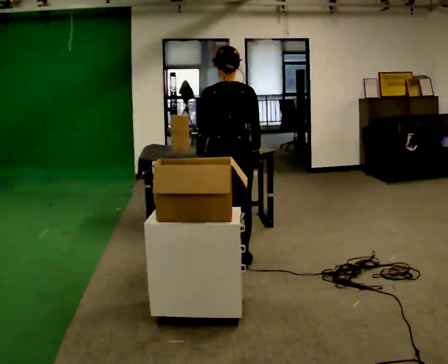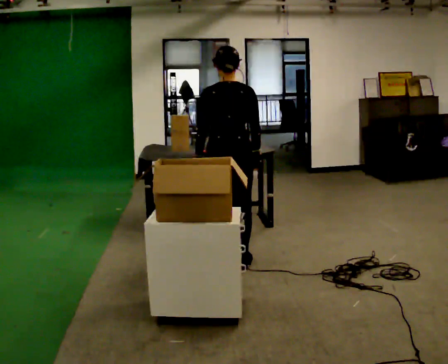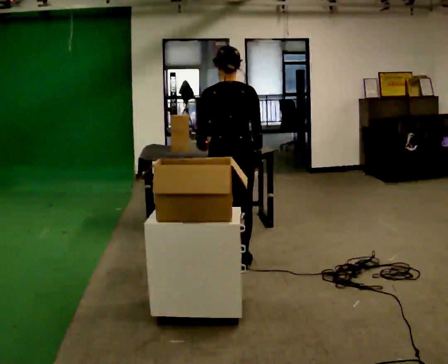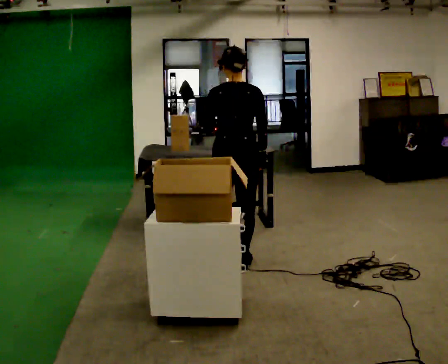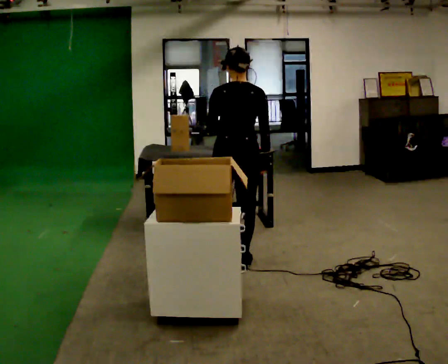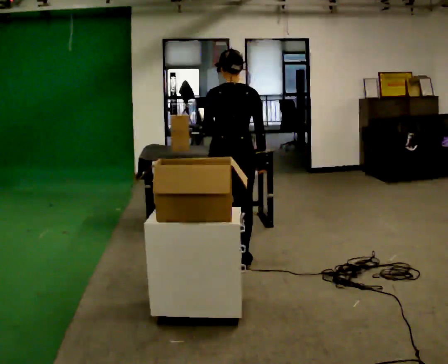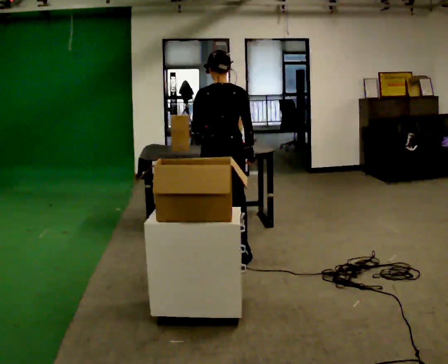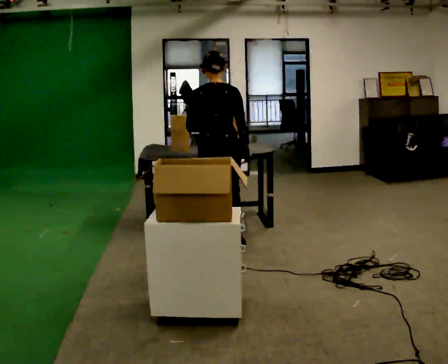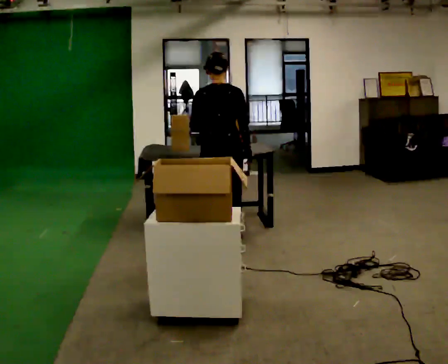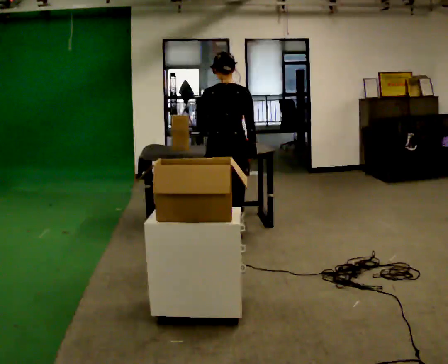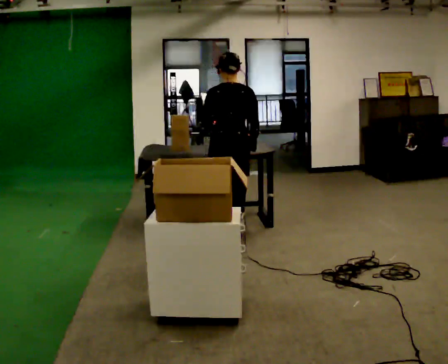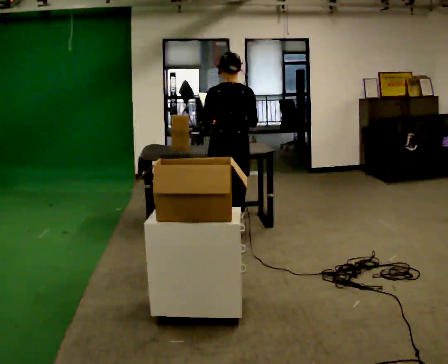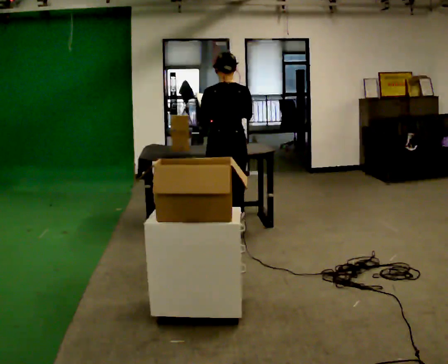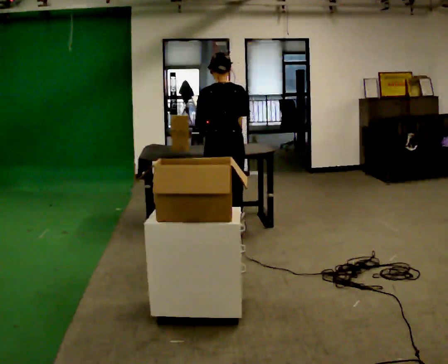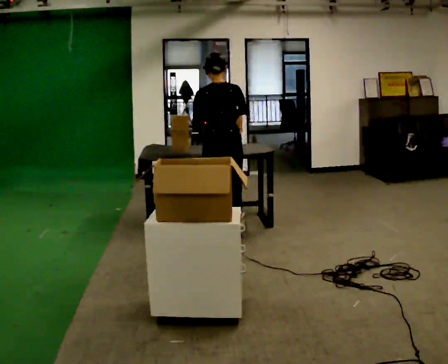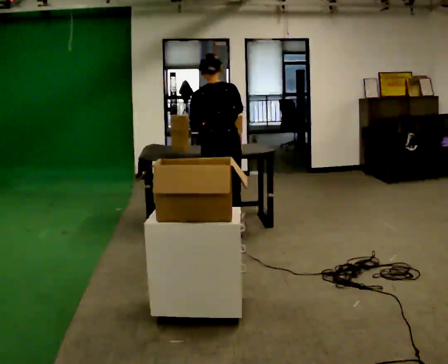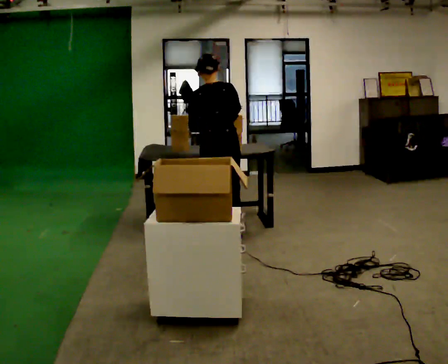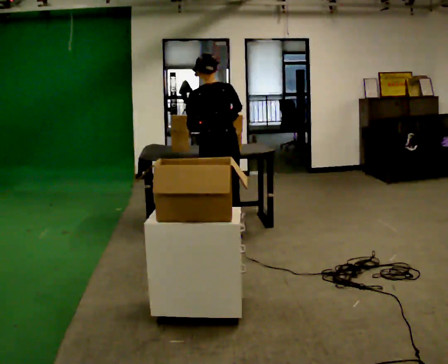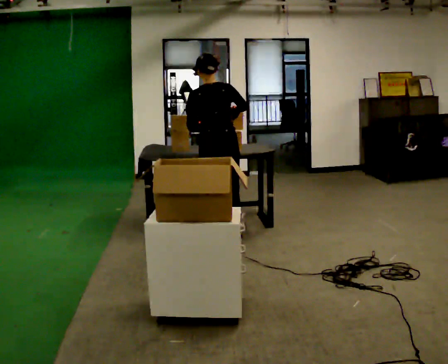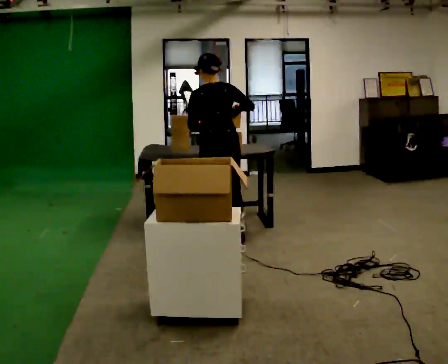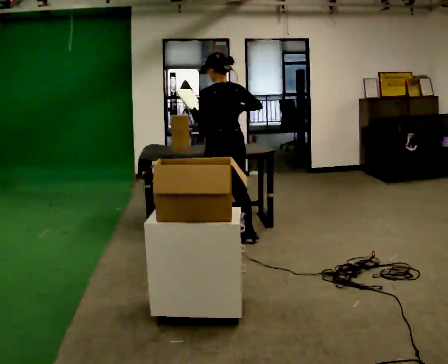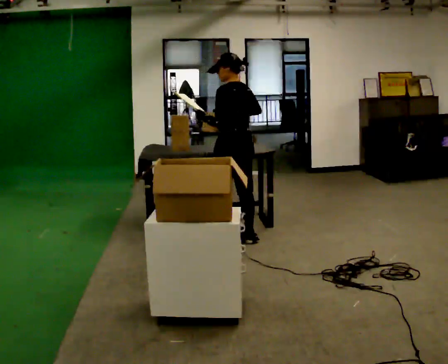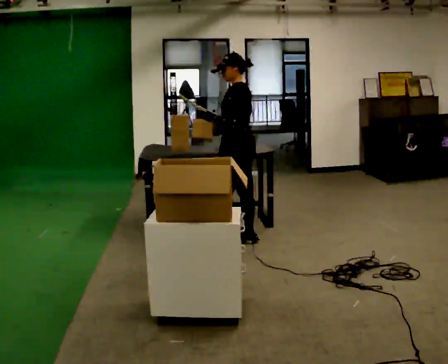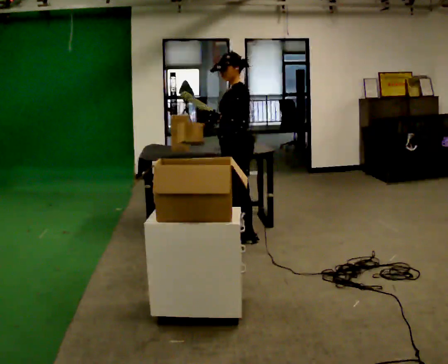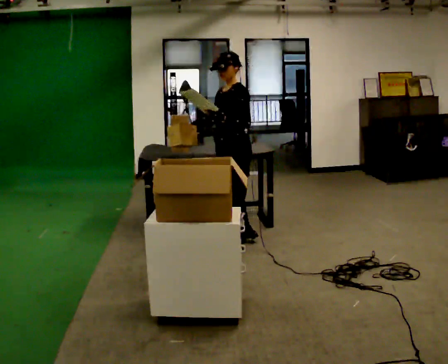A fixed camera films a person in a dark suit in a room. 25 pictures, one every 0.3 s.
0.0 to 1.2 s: The person moves a little, or ends about where they began.
1.2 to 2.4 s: In the picture they go away from the camera, about 0.5 m in 2 steps, which for them is forward.
2.4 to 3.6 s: In the picture they go away from the camera, about 0.25 m in 1 step, which for them is forward.
3.6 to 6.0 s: The person moves a little, or ends about where they began.
6.0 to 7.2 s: Seen from above the body turns counterclockwise, about 90 degrees: to their left, with its near side sliding to the right. In the picture they go toward the camera, about 0.25 m in 1 step. In the picture their right hand goes to the left.
The film runs forward here.
